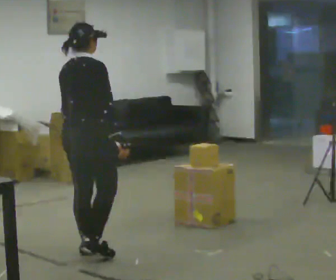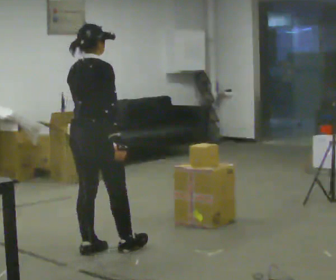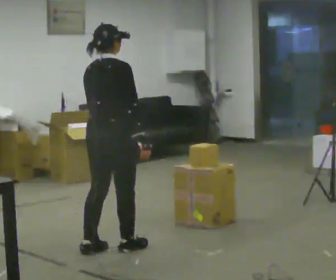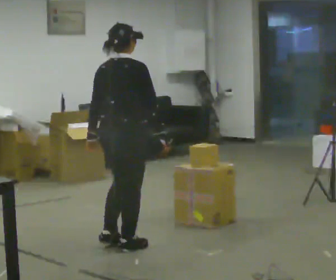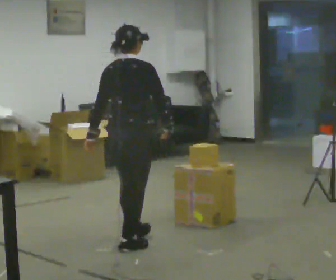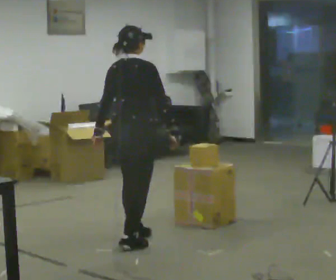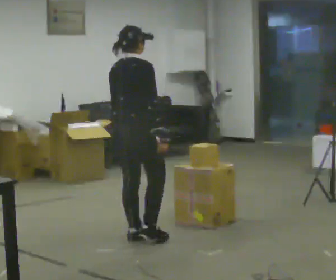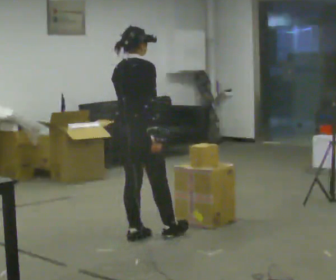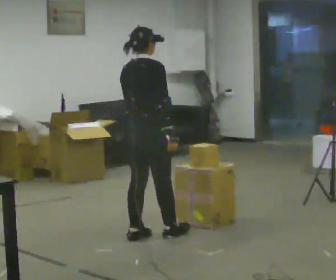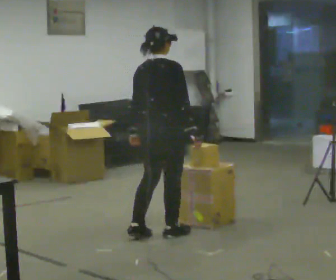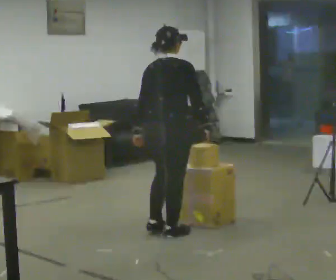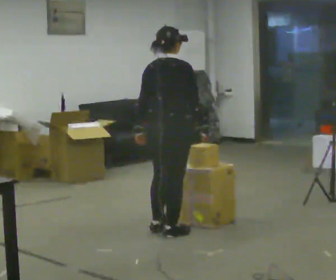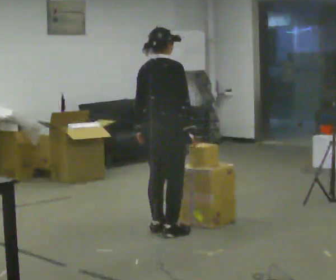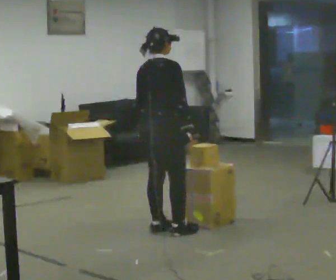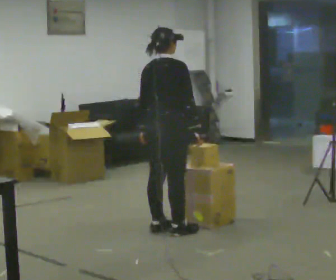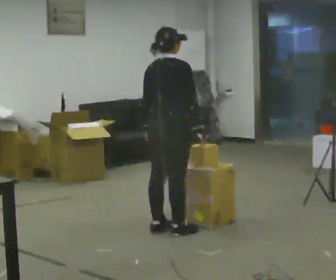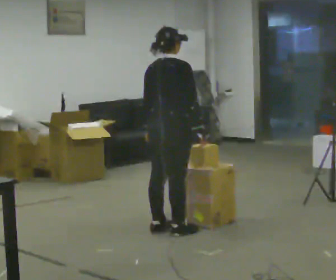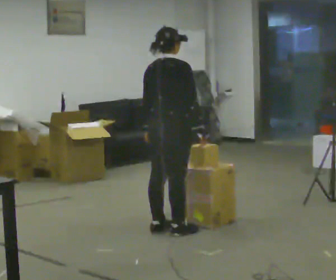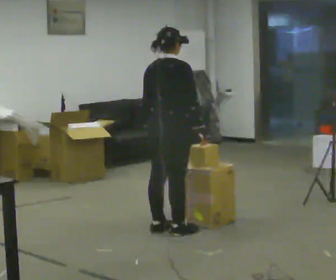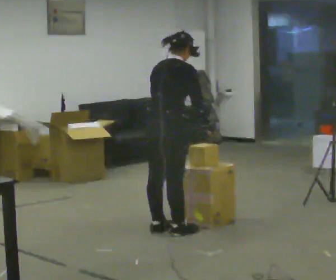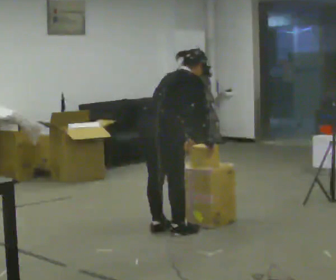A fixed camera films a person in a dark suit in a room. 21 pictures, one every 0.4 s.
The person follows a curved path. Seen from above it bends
counterclockwise.
0.0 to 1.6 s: In the picture they go to the right and away from the camera, about 0.25 m in 2 steps, which for them is forward.
1.6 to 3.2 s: In the picture they go away from the camera, about 0.25 m in 1 step, which for them is forward and to their left.
3.2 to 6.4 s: In the picture they go to the right, about 0.25 m in 1 step, which for them is forward.
6.4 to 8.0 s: In the picture the upper body tilts clockwise, shoulders to the right, as they bend forward.
The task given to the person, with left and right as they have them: Carry the object across the room and slide it into the slot on the shelf. It is a close fit, so take the time you need. Keep going until the operator says stop; one object at a time, and do not rush between trips.
The film runs forward here.
